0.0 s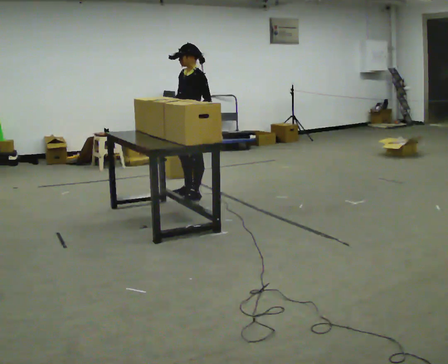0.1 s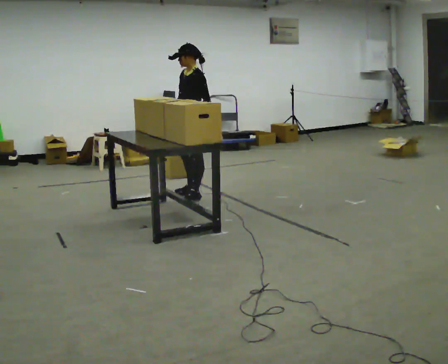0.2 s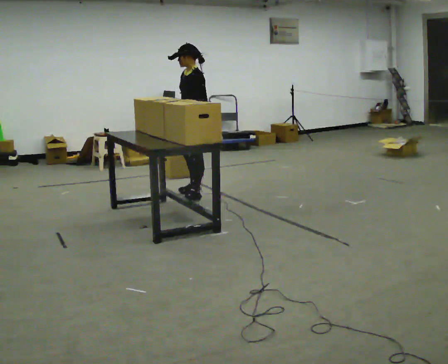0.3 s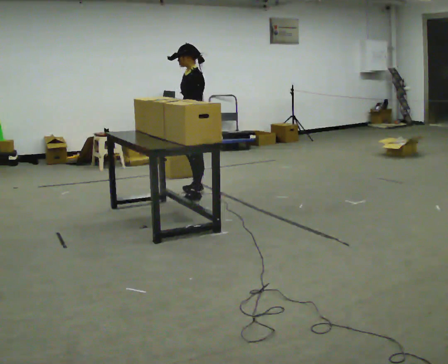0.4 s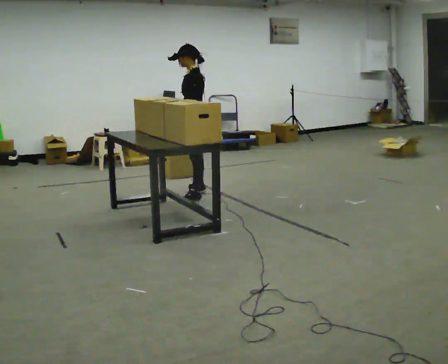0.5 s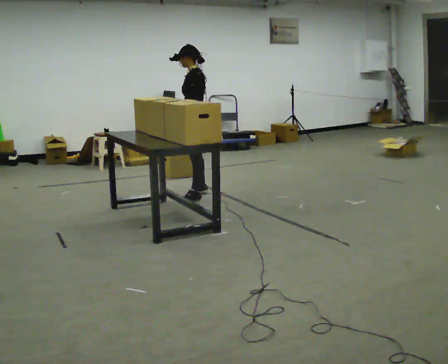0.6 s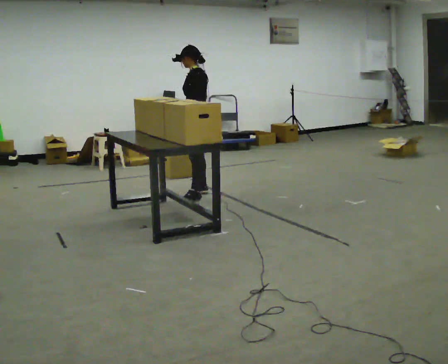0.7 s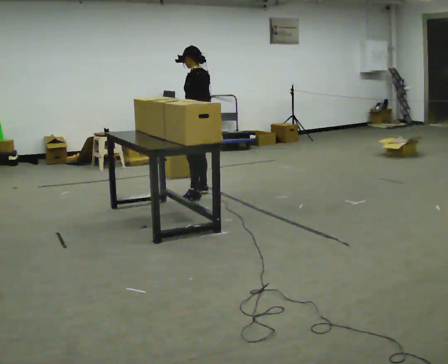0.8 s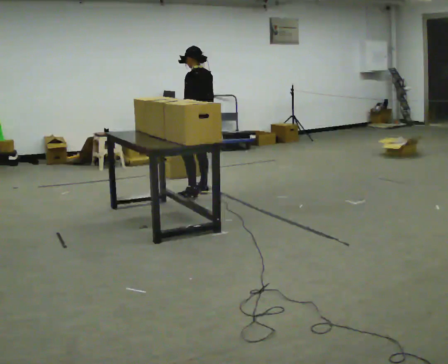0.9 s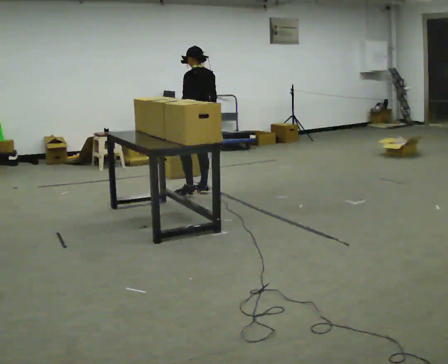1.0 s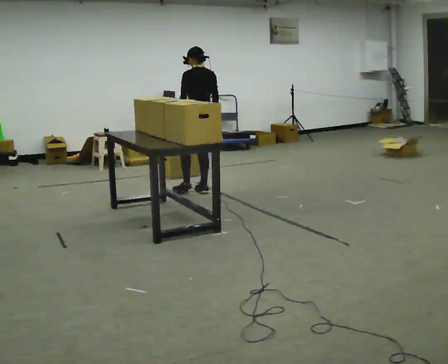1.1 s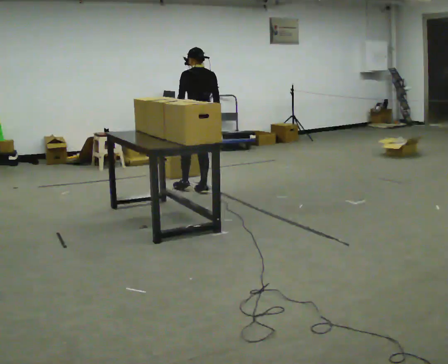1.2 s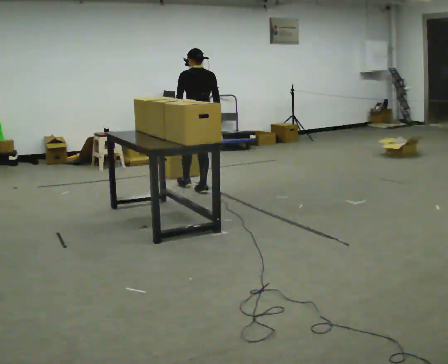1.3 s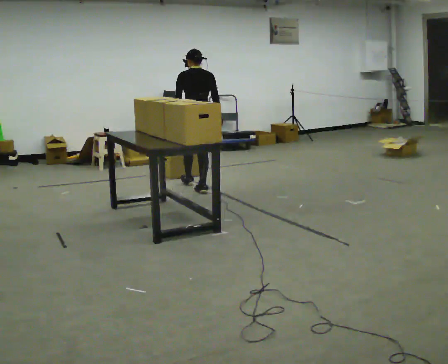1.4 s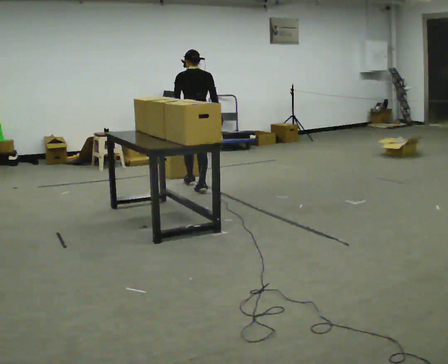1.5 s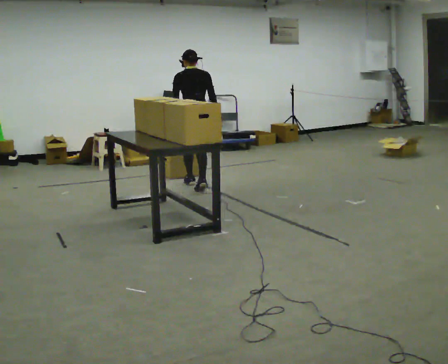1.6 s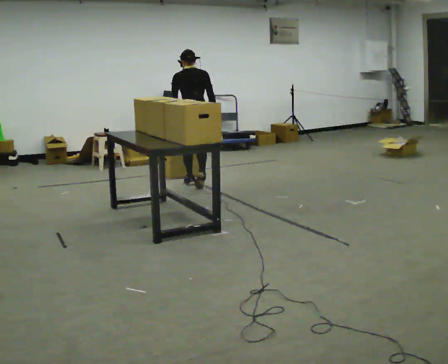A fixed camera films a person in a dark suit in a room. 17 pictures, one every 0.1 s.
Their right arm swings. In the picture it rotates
counterclockwise.
The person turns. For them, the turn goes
to their right.
0.0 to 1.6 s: Seen from above the body turns clockwise, about 120 degrees: to their right, with its near side sliding to the left. In the picture they go away from the camera, about 0.5 m in 1 step.
The film runs forward here.
